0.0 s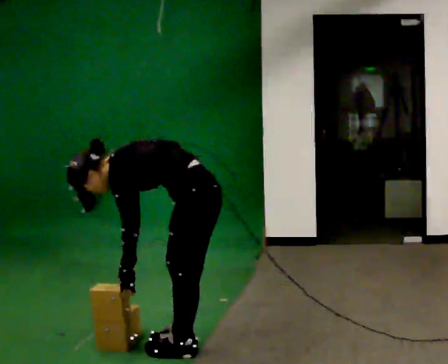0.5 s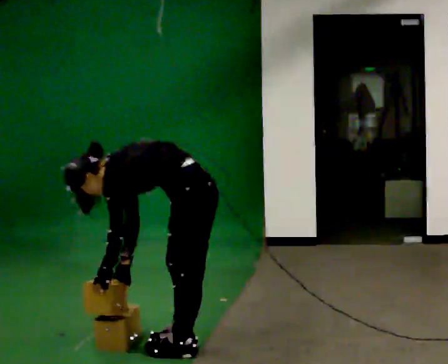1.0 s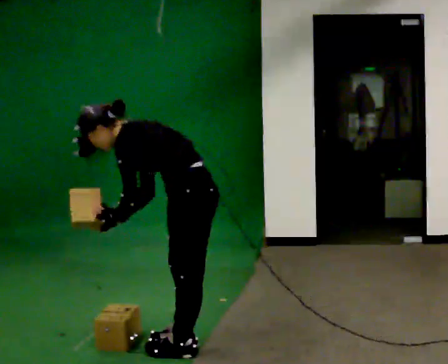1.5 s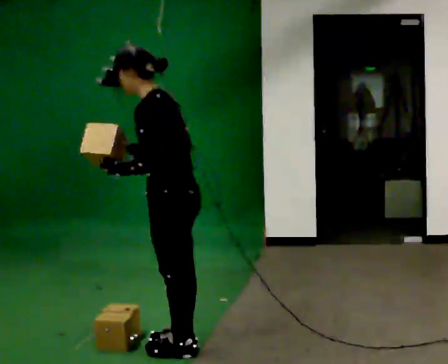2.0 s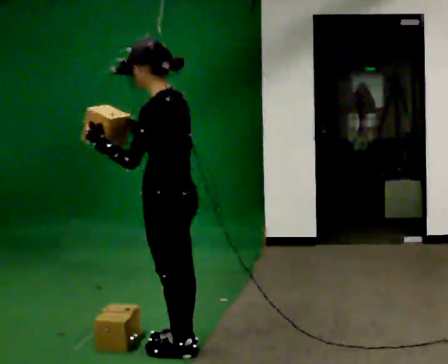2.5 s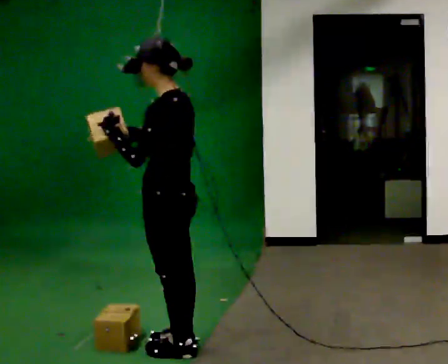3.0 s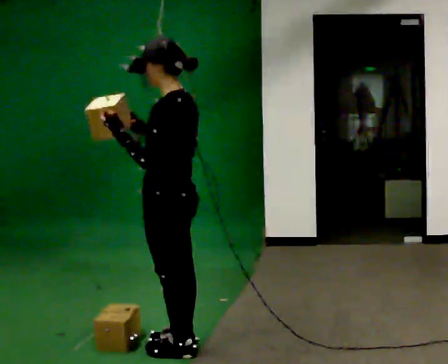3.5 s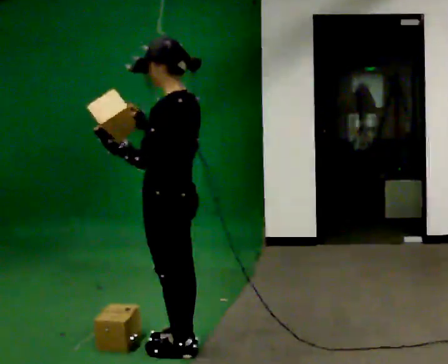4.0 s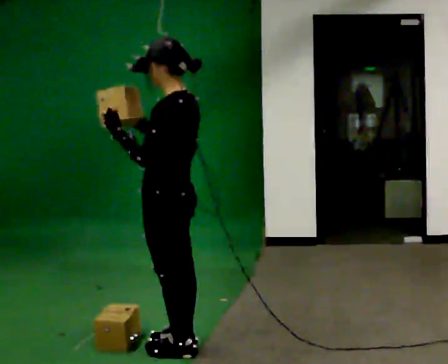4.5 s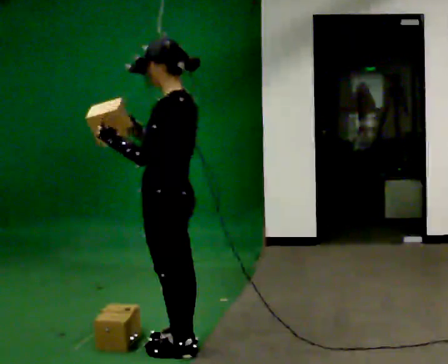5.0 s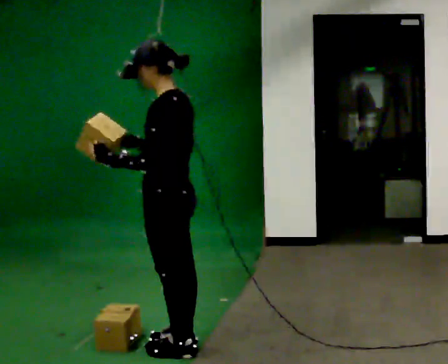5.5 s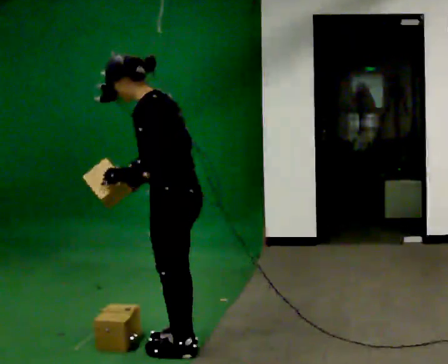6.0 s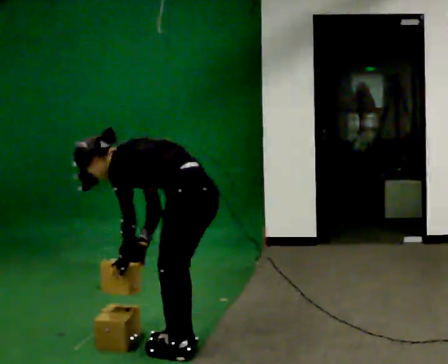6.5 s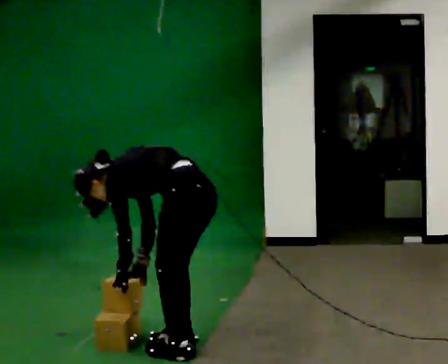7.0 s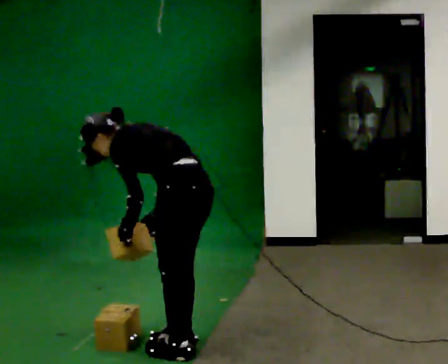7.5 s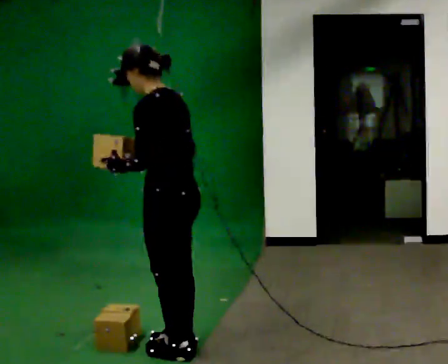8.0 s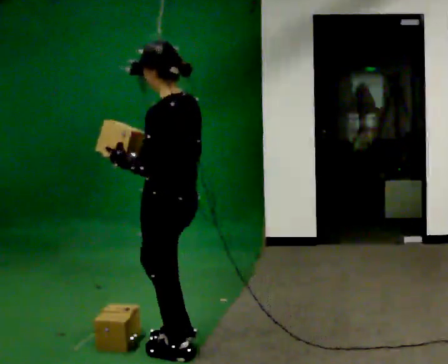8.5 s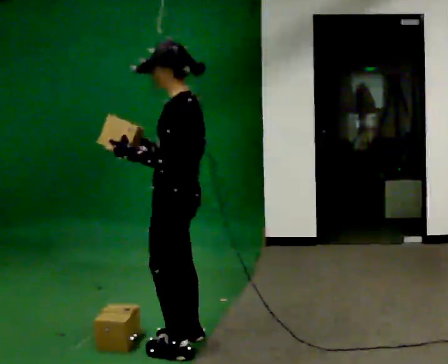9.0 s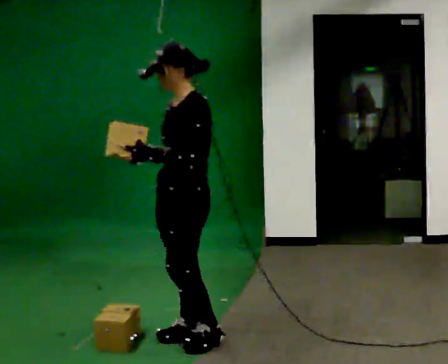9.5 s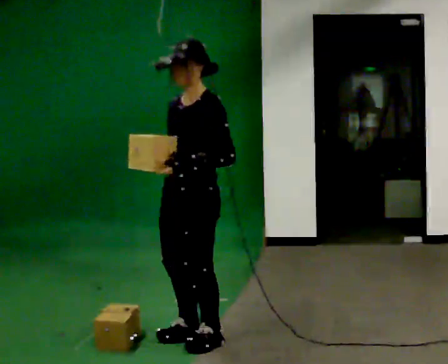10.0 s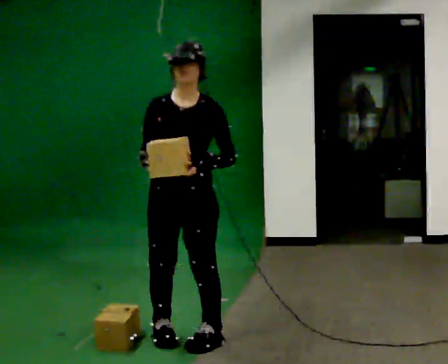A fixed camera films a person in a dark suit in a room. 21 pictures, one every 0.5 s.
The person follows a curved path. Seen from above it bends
clockwise.
0.0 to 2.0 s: The shoulders move upward. In the picture the upper body tilts clockwise, shoulders to the right, as they lean back or straighten. In the picture their left hand goes upward, the arm swinging clockwise.
2.0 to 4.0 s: The person moves a little, or ends about where they began.
4.0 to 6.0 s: The upper body goes downward. In the picture the upper body tilts counterclockwise, shoulders to the left, as they bend forward. In the picture their left hand goes downward, the arm swinging counterclockwise.
6.0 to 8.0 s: In the picture the upper body tilts clockwise, shoulders to the right, as they lean back or straighten. In the picture their left hand goes upward.
8.0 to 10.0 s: The person turns about 105 degrees to their left, counterclockwise seen from above, so the part of the body nearest the lens slides to the right. In the picture they go away from the camera, about 0.25 m in 2 steps. In the picture their left hand goes to the right.
The film runs forward here.
